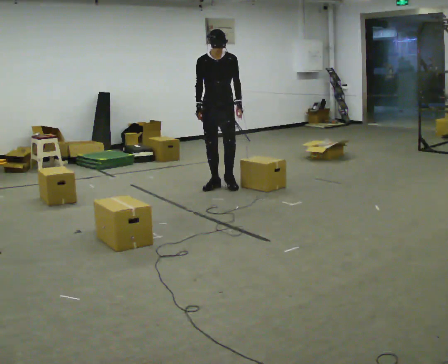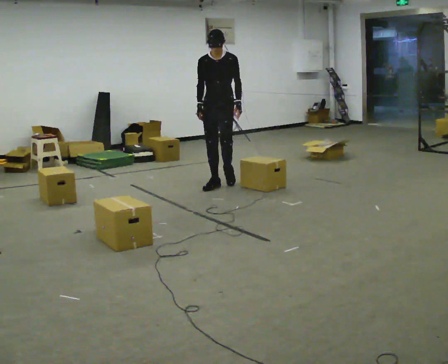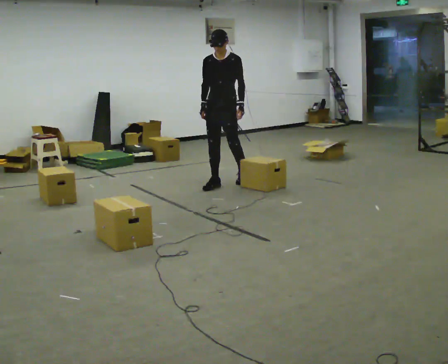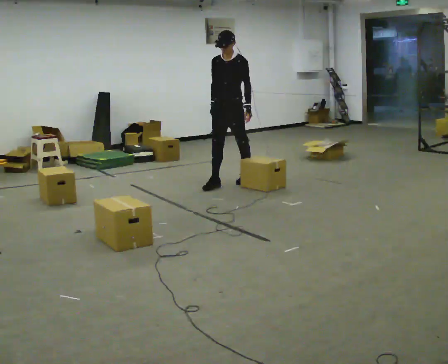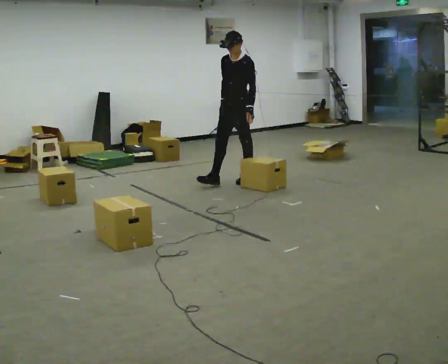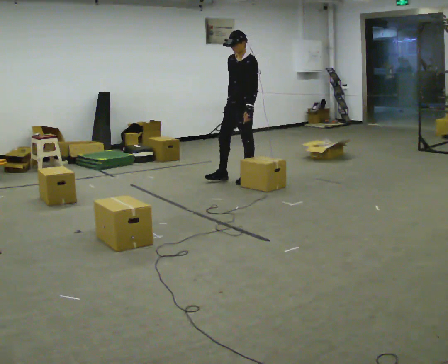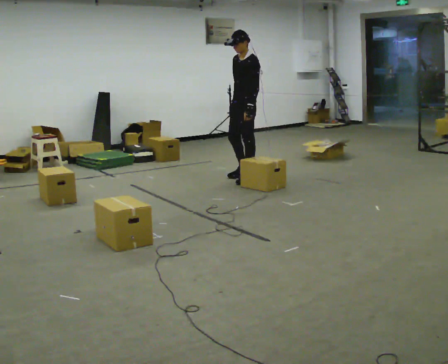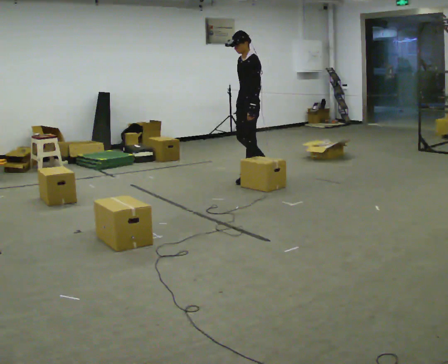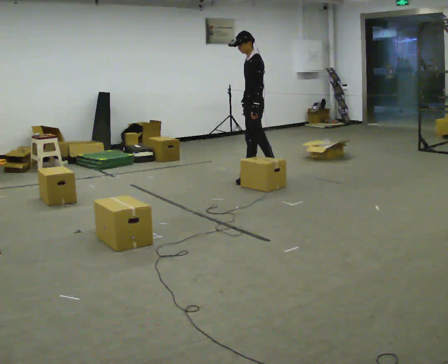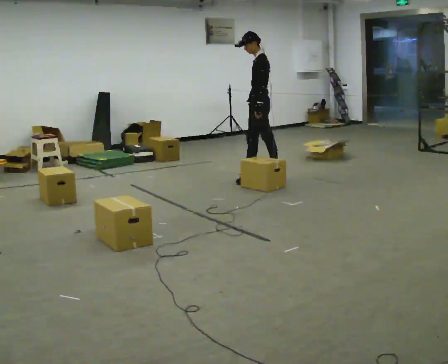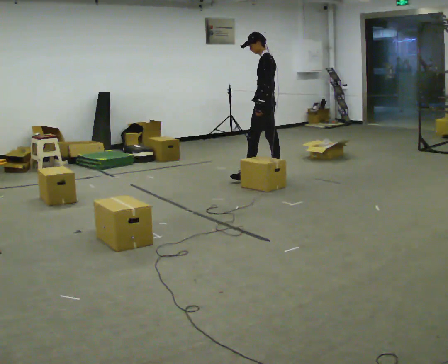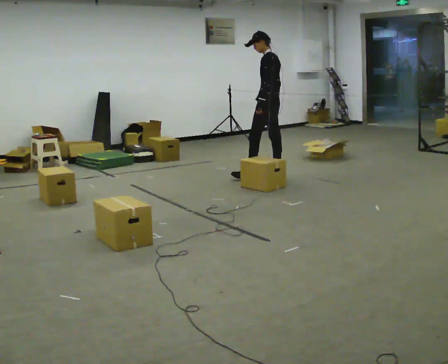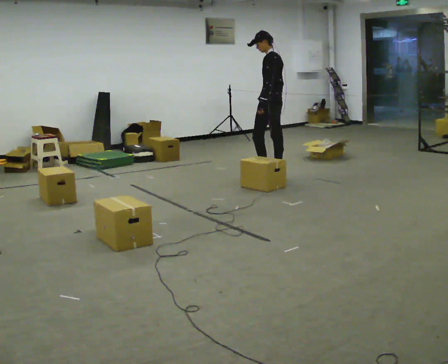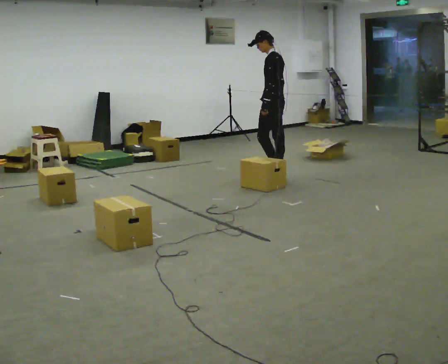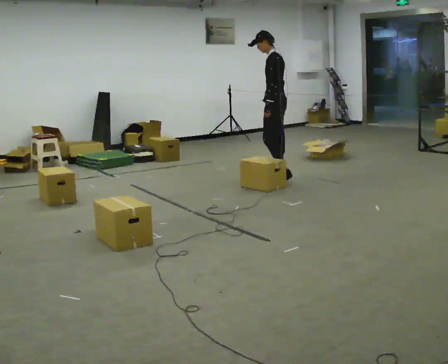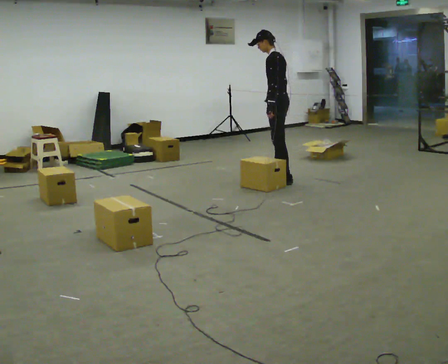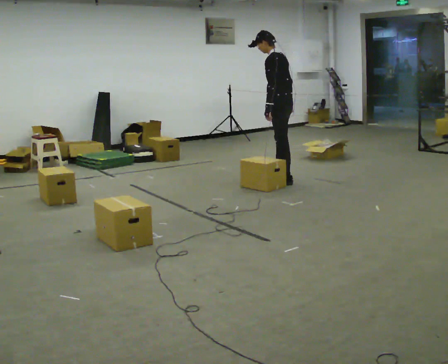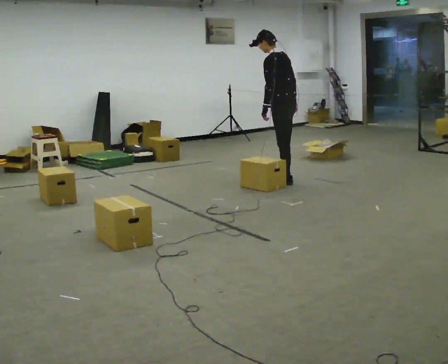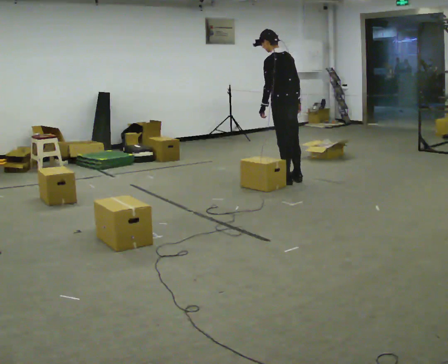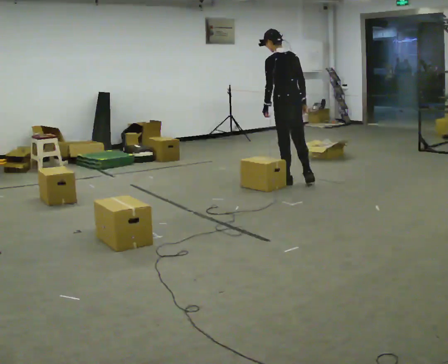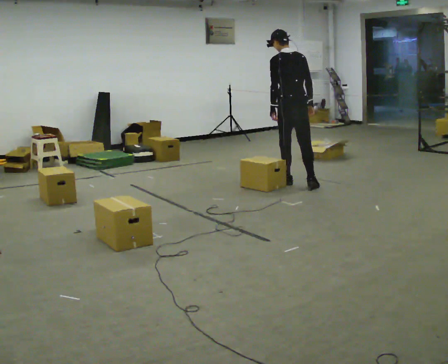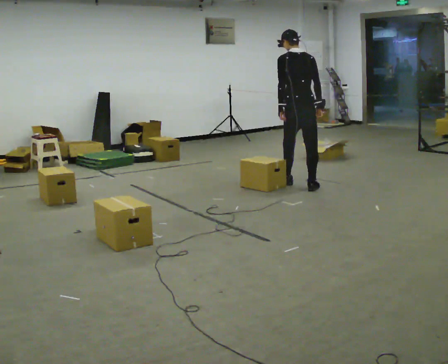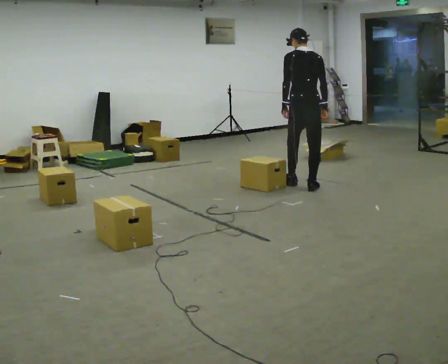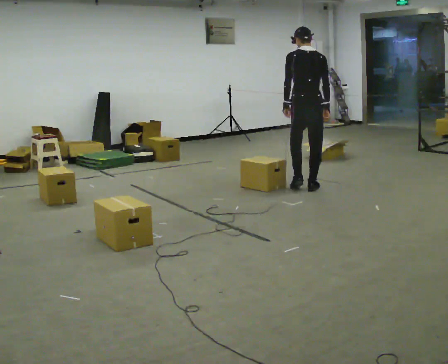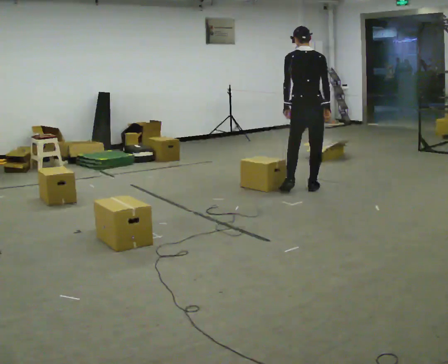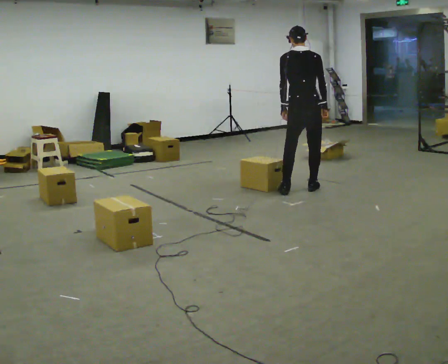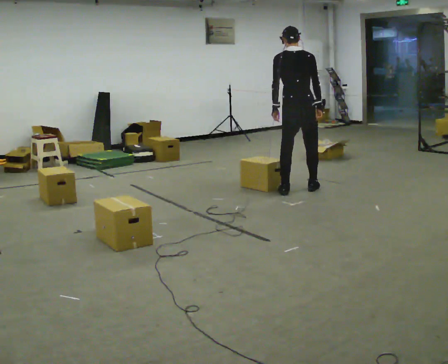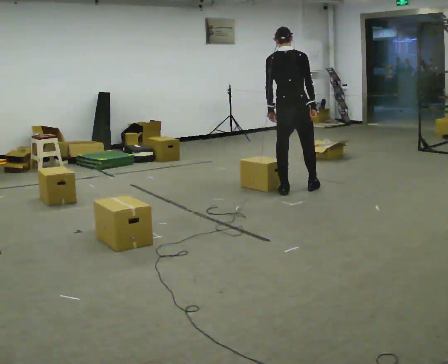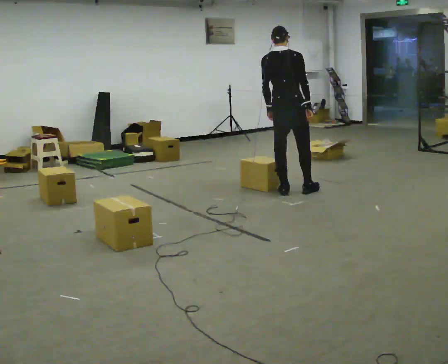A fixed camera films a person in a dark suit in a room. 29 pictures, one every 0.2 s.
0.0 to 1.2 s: The person turns about 60 degrees to their right, clockwise seen from above, so the part of the body nearest the lens slides to the left. In the picture they go to the right and away from the camera, about 0.5 m in 1 step, which for them is backward and to their left.
1.2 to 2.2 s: The part of the body nearest the lens slides to the left as the person turns to their right by about 60 degrees. In the picture they go to the right and away from the camera, about 0.25 m in 1 step, which for them is backward and to their right. The upper body tips away from the camera, its near side rolling upward.
2.2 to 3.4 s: In the picture they go toward the camera and to the right, about 0.25 m in 1 step, which for them is to their left and backward.
3.4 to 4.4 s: Seen from above the body turns clockwise, about 45 degrees: to their right, with its near side sliding to the left. In the picture they go toward the camera and to the right, about 0.25 m in 1 step, which for them is backward.
4.4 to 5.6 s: The part of the body nearest the lens slides to the left as the person turns to their right by about 30 degrees. In the picture they go to the left and toward the camera, about 0.25 m in 1 step, which for them is to their left and backward.
The film runs backward here.
